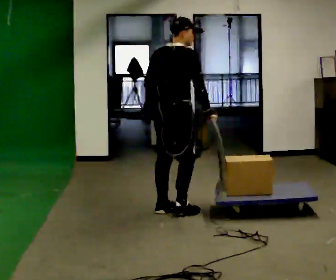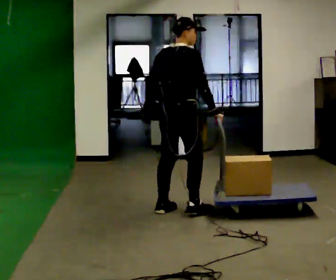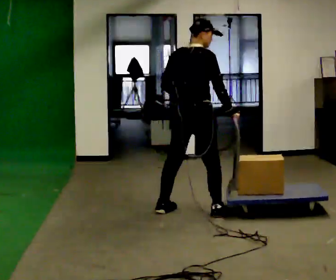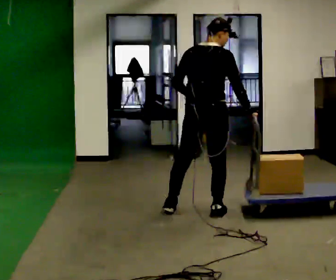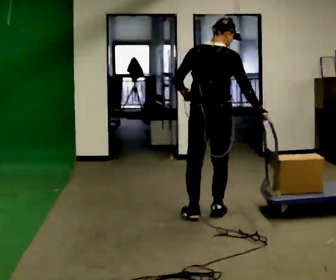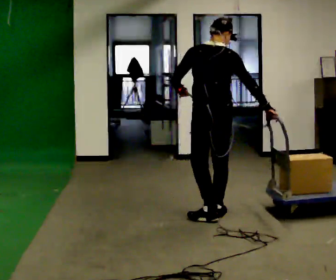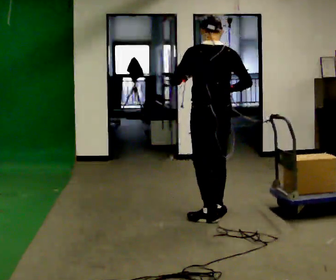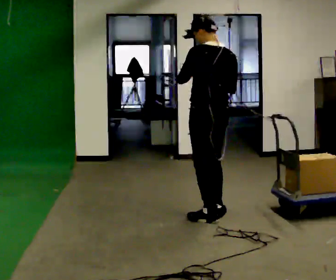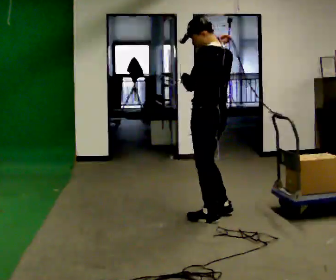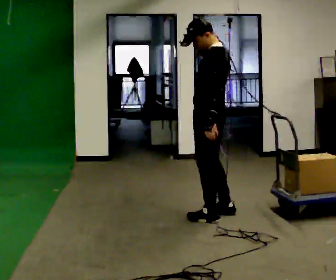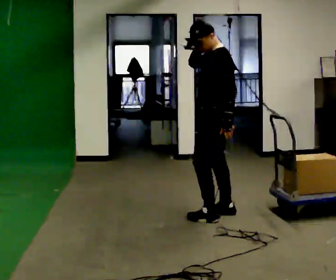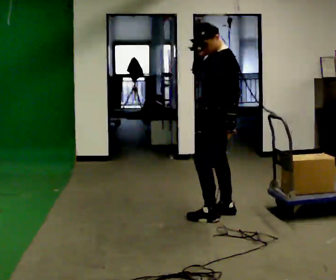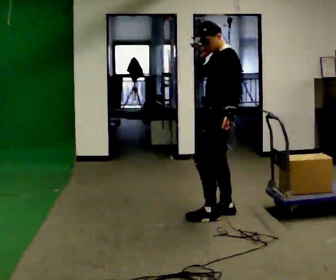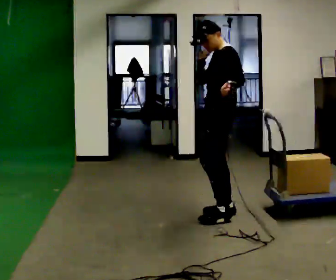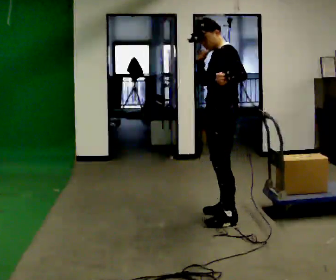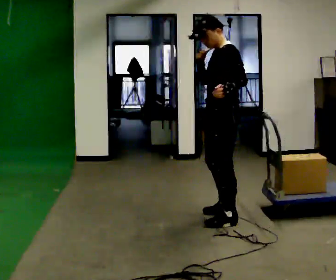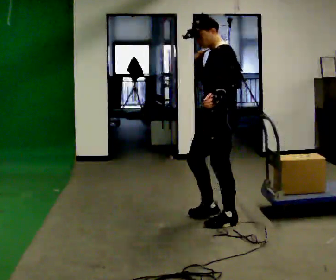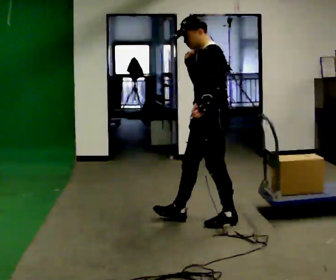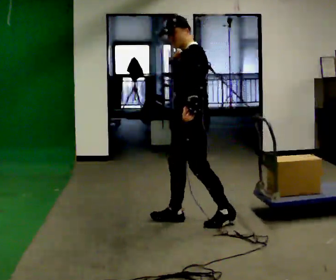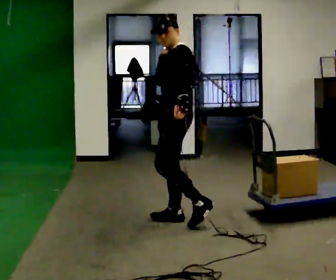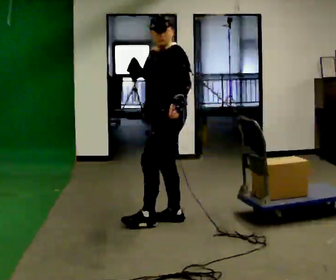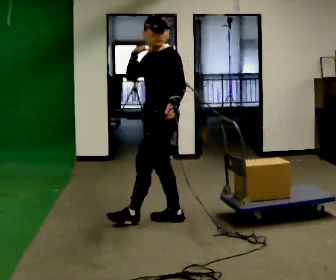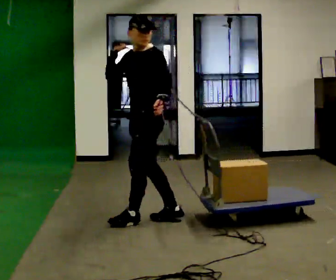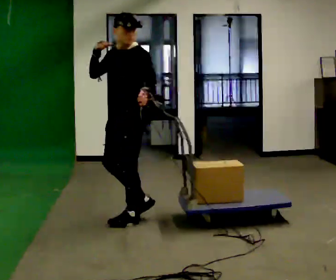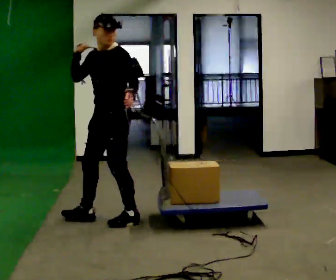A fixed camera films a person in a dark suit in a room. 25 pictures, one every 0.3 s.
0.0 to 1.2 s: Seen from above the body turns counterclockwise, about 30 degrees: to their left, with its near side sliding to the right. In the picture they go to the right, about 0.25 m in 1 step, which for them is to their right.
1.2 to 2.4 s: Seen from above the body turns counterclockwise, about 60 degrees: to their left, with its near side sliding to the right. In the picture their right hand goes upward and to the left.
2.4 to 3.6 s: Seen from above the body turns counterclockwise, about 30 degrees: to their left, with its near side sliding to the right. In the picture they go away from the camera, about 0.25 m in 1 step, which for them is to their right. In the picture their left hand goes to the right, the arm swinging counterclockwise.
3.6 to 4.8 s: In the picture they go toward the camera, about 0.25 m in 1 step, which for them is to their left.
4.8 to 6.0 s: In the picture they go to the left, about 0.5 m in 1 step, which for them is forward and to their right.
6.0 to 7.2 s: The part of the body nearest the lens slides to the right as the person turns to their left by about 30 degrees. In the picture they go to the left, about 0.5 m in 1 step, which for them is forward.
The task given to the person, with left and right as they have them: Put the rope over your shoulder and drag the sled across the room. Keep going until the operator says stop.
The film runs forward here.
